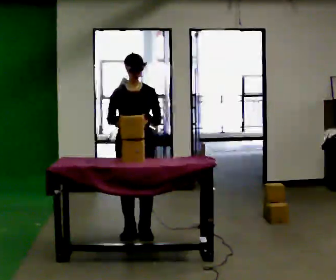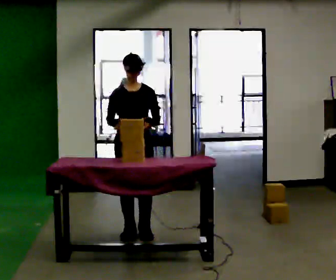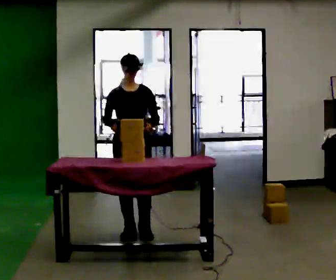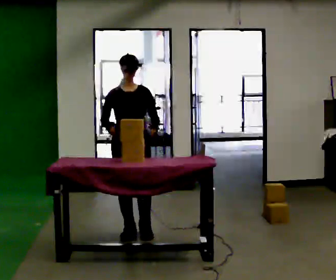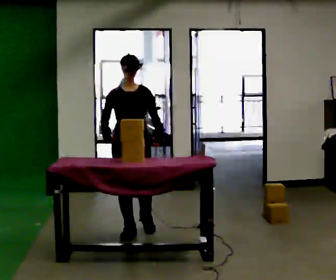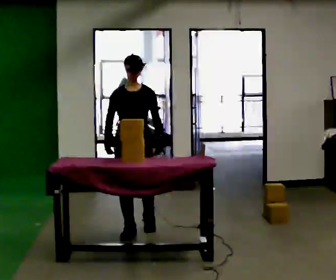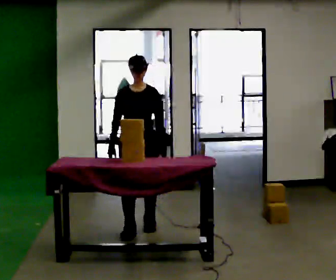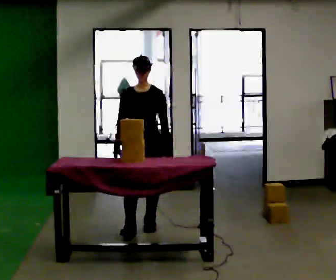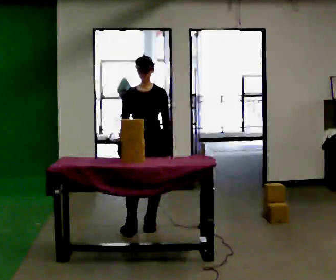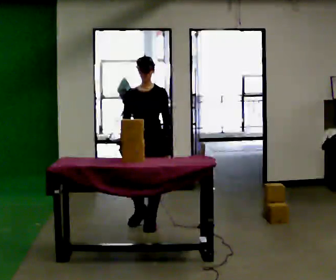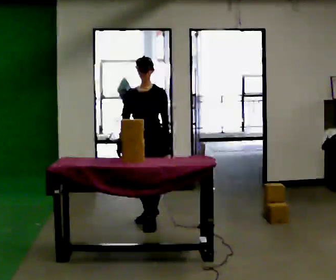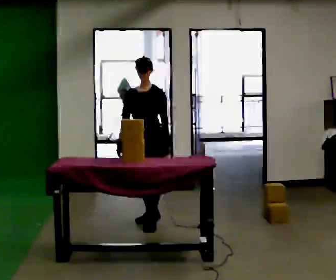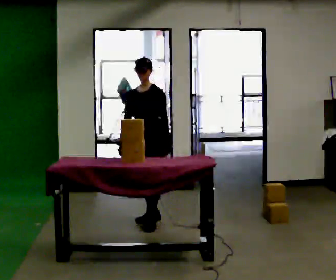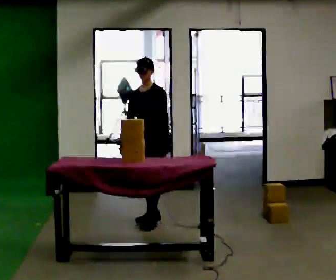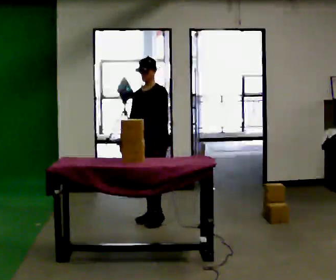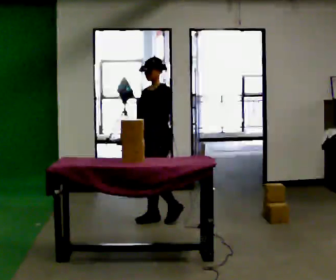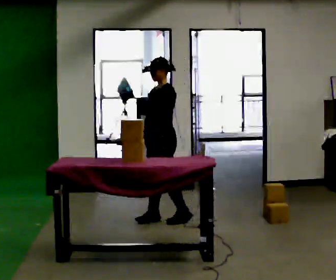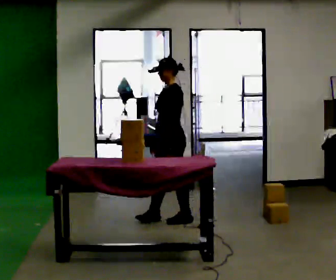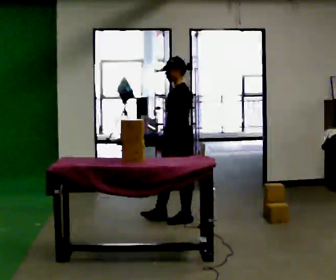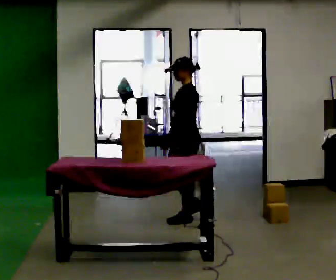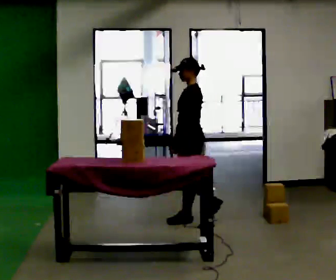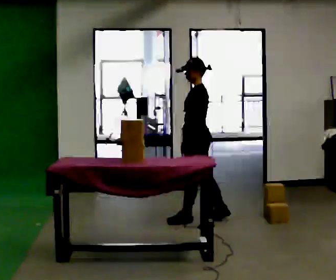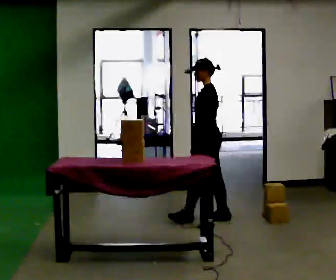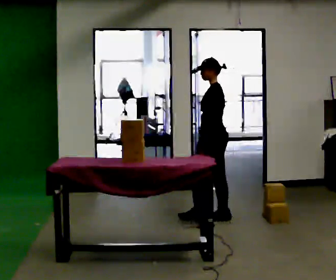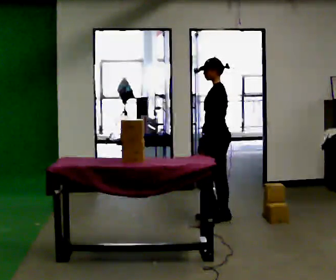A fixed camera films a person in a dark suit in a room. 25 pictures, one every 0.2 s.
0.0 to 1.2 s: In the picture they go away from the camera, about 0.25 m in 1 step, which for them is backward.
1.2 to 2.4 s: The person turns about 30 degrees to their right, clockwise seen from above, so the part of the body nearest the lens slides to the left. In the picture they go away from the camera, about 0.5 m in 1 step, which for them is backward.
2.4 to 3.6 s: Seen from above the body turns clockwise, about 45 degrees: to their right, with its near side sliding to the left. In the picture they go to the right, about 0.25 m in 2 steps, which for them is backward and to their left.
3.6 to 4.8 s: In the picture they go to the right, about 0.25 m in 1 step, which for them is backward.
The film runs backward here.
